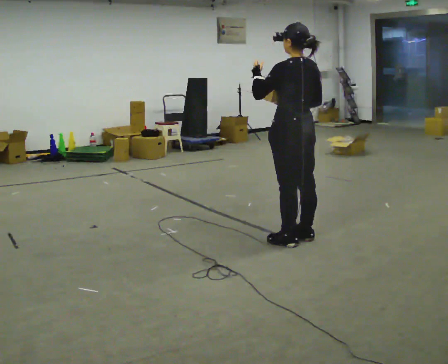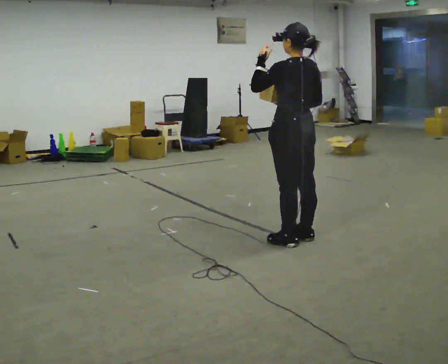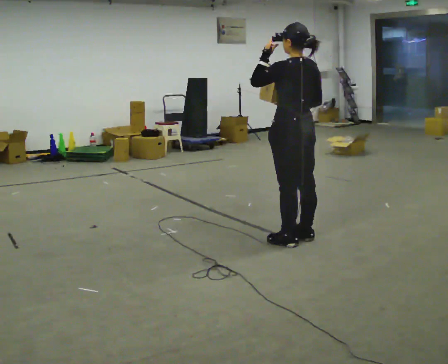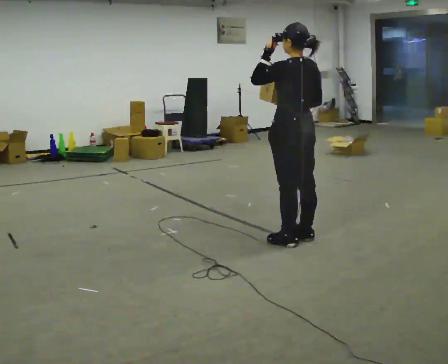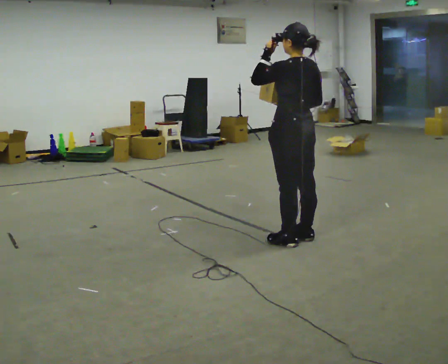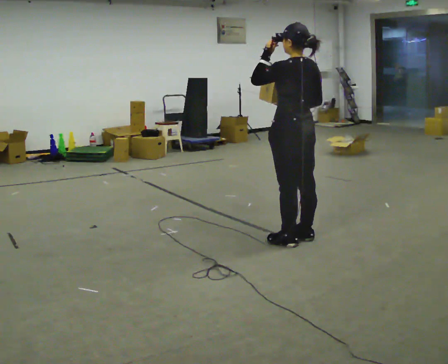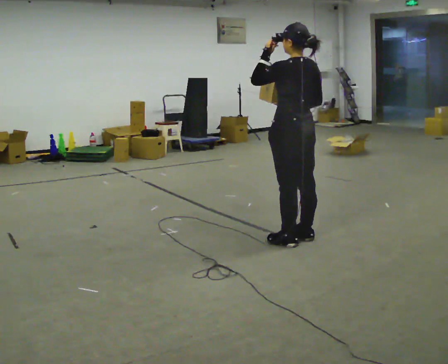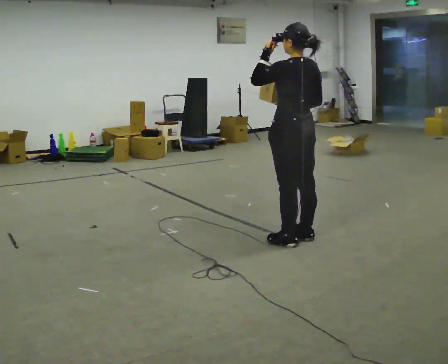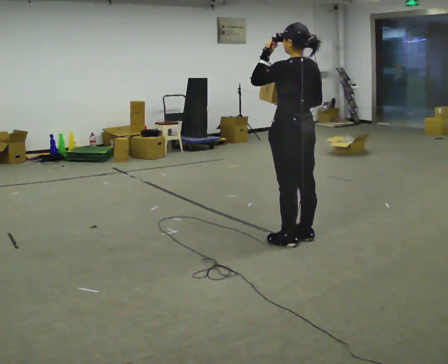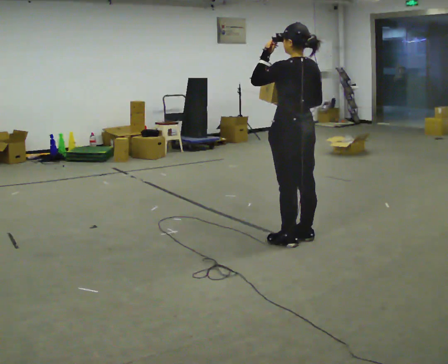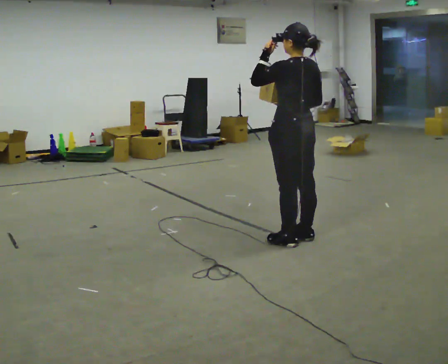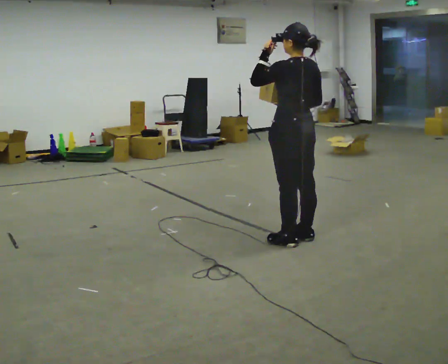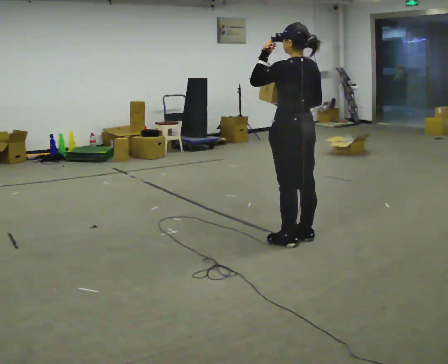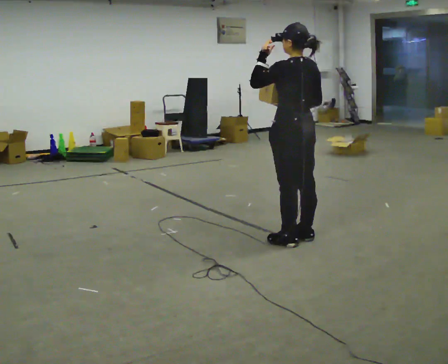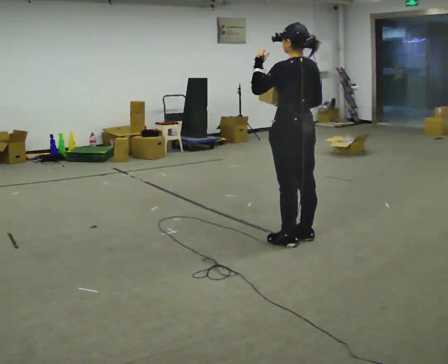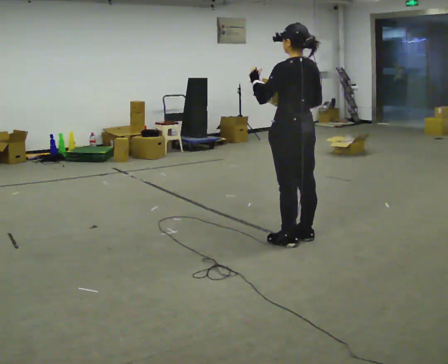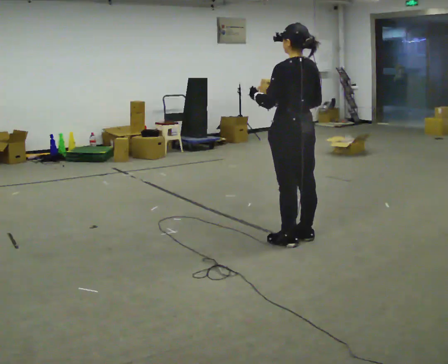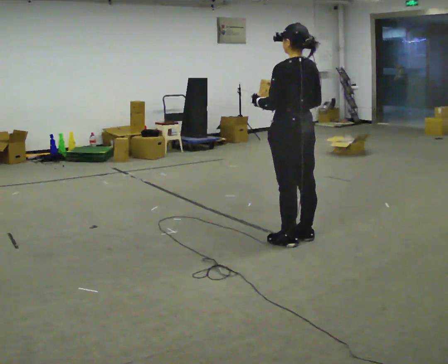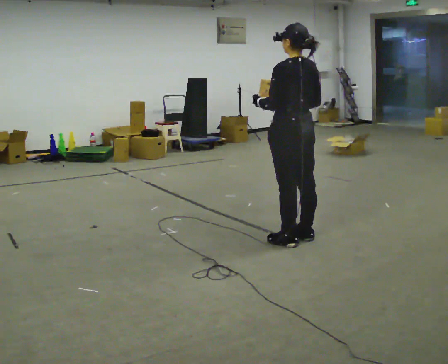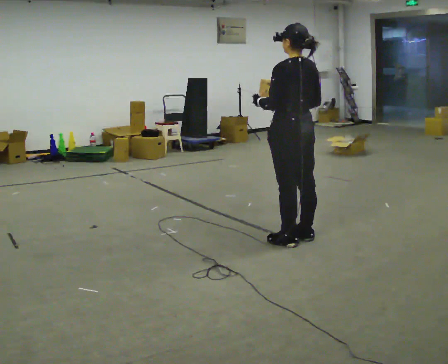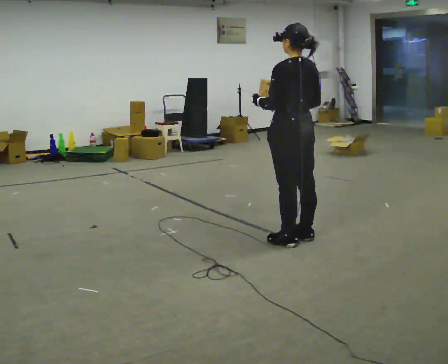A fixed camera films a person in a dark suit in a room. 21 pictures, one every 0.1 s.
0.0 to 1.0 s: The person moves a little, or ends about where they began.
1.0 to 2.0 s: In the picture their left hand goes downward.
The film runs backward here.
